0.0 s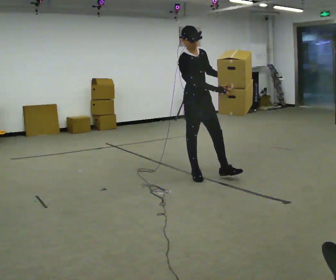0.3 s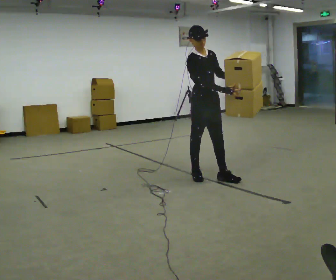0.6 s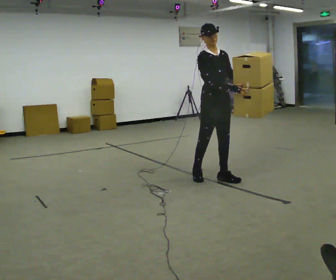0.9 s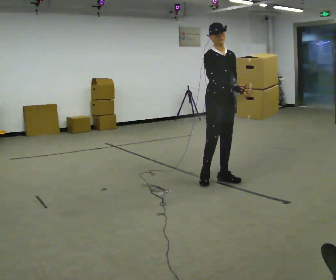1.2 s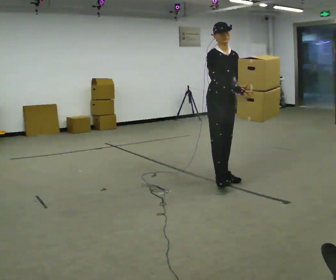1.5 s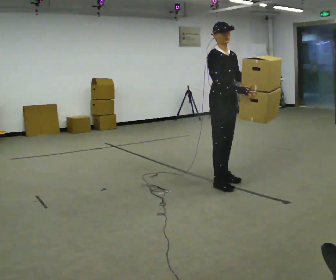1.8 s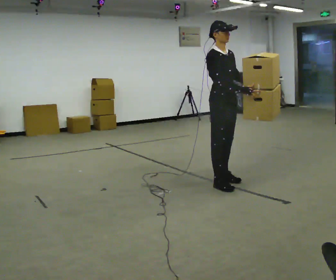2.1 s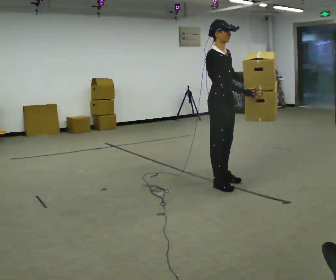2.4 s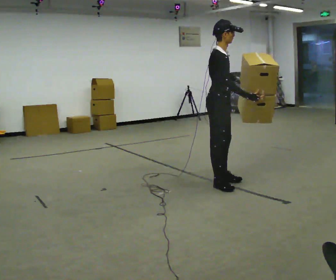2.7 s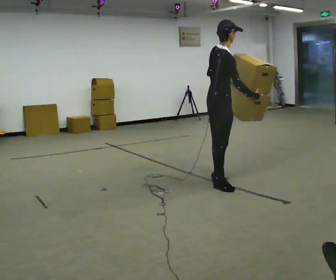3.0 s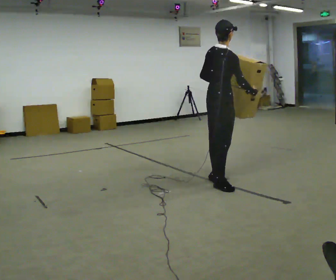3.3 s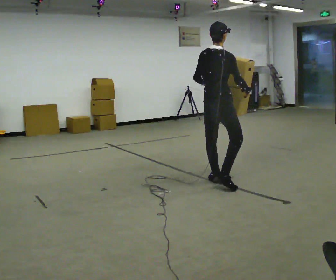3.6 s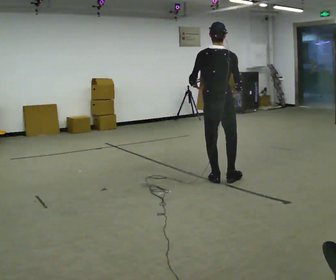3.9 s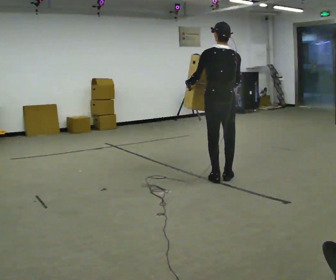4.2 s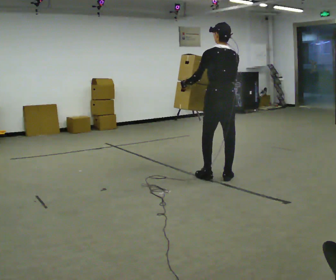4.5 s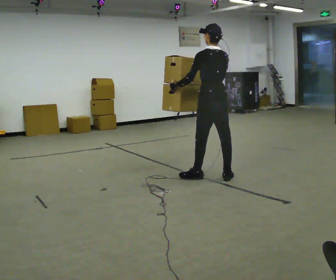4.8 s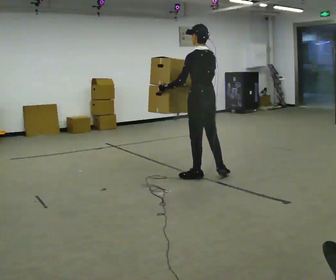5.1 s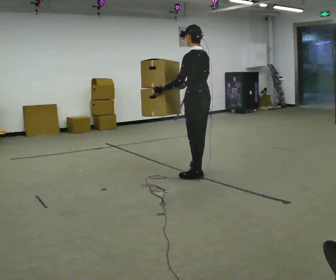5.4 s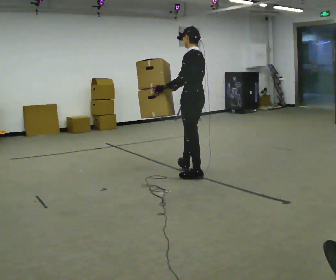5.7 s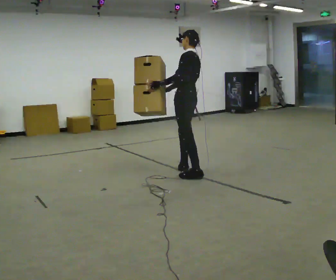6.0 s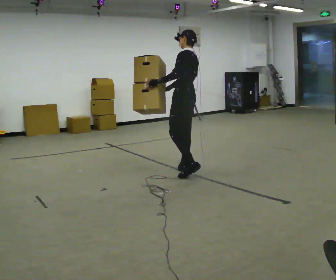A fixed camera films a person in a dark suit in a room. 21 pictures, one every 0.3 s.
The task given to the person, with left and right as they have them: Carry the large light object across the room, back and forth. It is awkward rather than heavy, so hold it however works.
0.0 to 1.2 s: In the picture they go to the right, about 0.25 m in 2 steps, which for them is forward and to their left.
1.2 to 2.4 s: The part of the body nearest the lens slides to the right as the person turns to their left by about 45 degrees. In the picture they go toward the camera, about 0.25 m, which for them is to their right.
2.4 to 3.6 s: The person turns about 90 degrees to their left, counterclockwise seen from above, so the part of the body nearest the lens slides to the right. In the picture they go away from the camera, about 0.25 m. In the picture their left hand goes to the left.
3.6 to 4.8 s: Seen from above the body turns counterclockwise, about 60 degrees: to their left, with its near side sliding to the right. In the picture they go to the left and away from the camera, about 0.25 m in 2 steps, which for them is forward. In the picture their right hand goes to the left, the arm swinging clockwise.
4.8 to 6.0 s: In the picture they go away from the camera and to the left, about 0.25 m in 1 step, which for them is forward and to their right.
The film runs forward here.
